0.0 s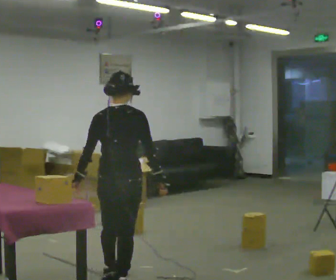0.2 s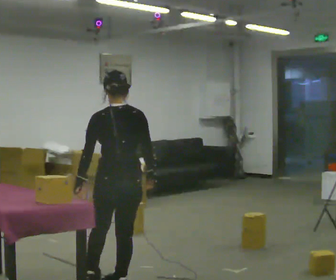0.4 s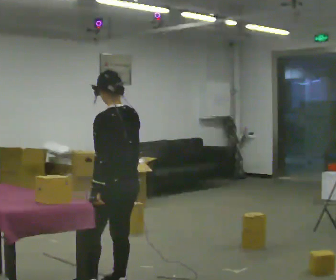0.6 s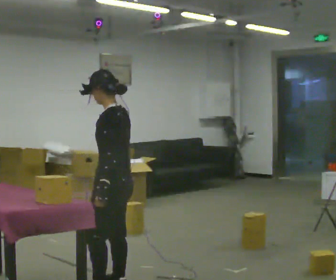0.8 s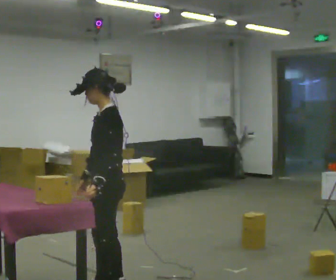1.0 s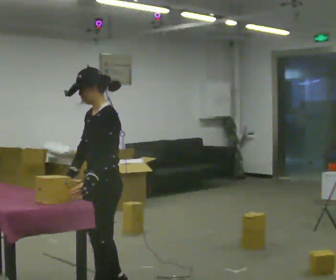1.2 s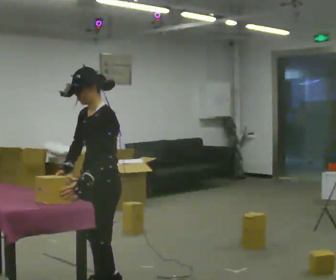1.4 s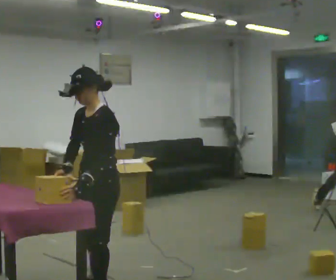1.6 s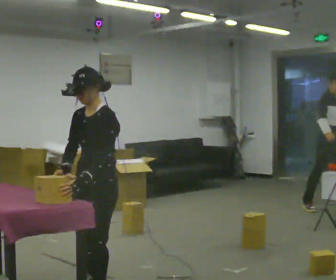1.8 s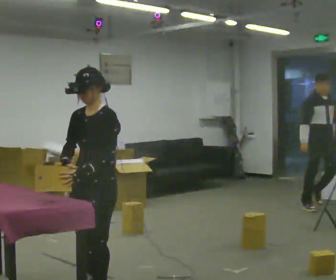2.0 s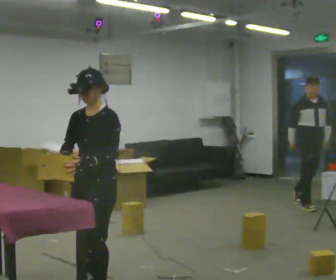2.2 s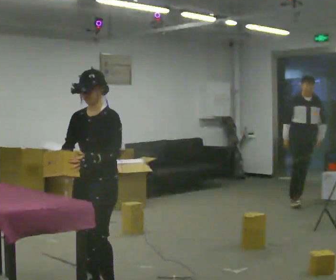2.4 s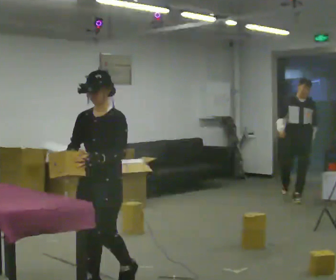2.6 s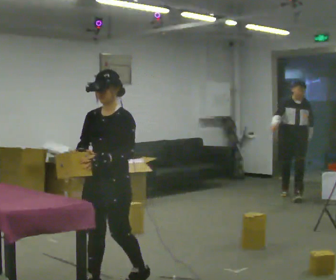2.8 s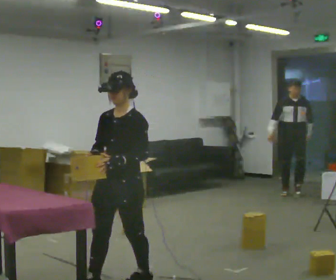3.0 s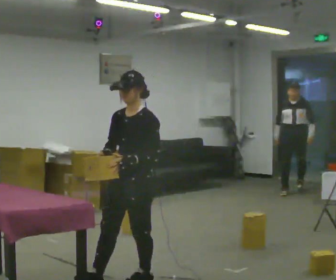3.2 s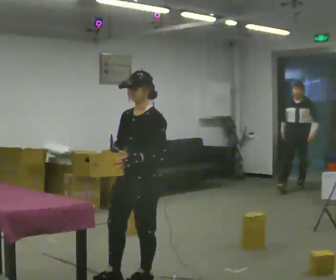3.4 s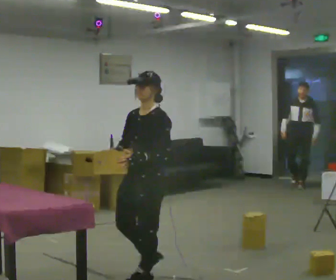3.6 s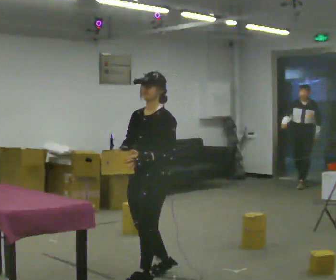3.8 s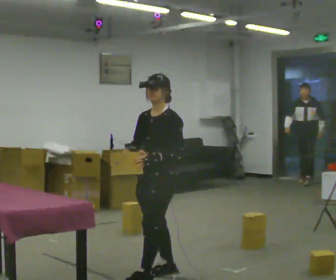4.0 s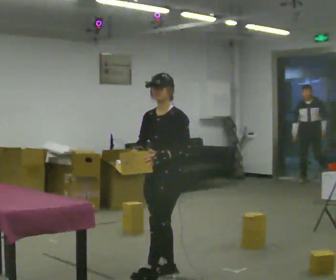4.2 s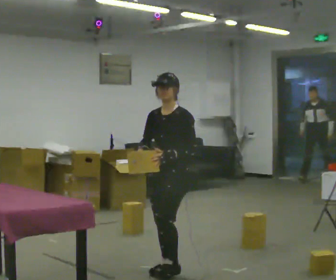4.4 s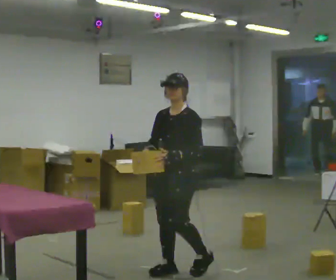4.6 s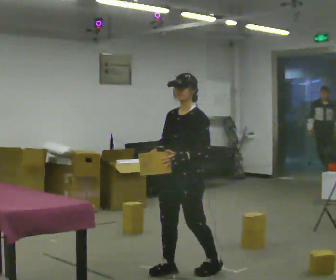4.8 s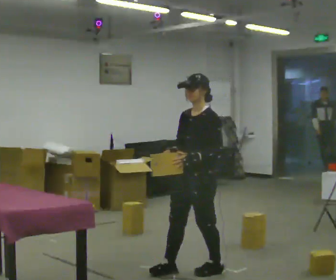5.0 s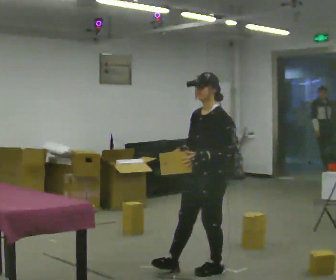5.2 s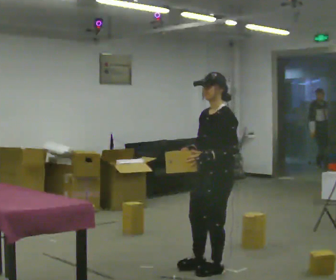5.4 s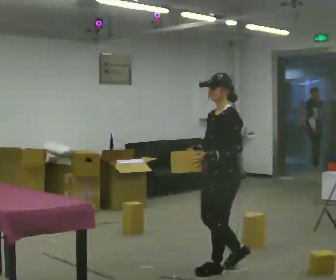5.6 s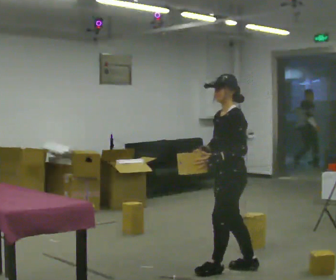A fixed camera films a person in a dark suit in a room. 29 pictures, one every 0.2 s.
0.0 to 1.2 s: The person turns about 135 degrees to their left, counterclockwise seen from above, so the part of the body nearest the lens slides to the right. In the picture they go toward the camera, about 0.25 m.
1.2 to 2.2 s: The part of the body nearest the lens slides to the right as the person turns to their left by about 30 degrees.
2.2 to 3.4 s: In the picture they go to the right and away from the camera, about 0.5 m in 1 step, which for them is backward.
3.4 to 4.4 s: In the picture they go to the right and away from the camera, about 0.25 m in 1 step, which for them is backward.
4.4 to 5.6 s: Seen from above the body turns clockwise, about 45 degrees: to their right, with its near side sliding to the left. In the picture they go to the right, about 0.5 m in 1 step, which for them is backward and to their left.
The film runs backward here.
